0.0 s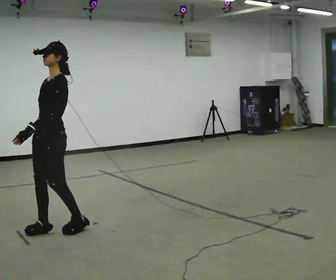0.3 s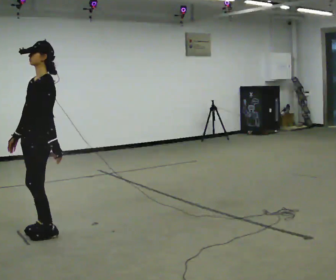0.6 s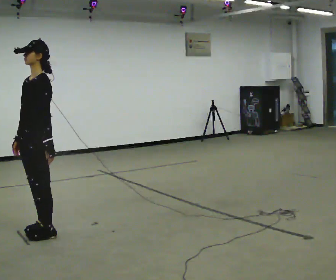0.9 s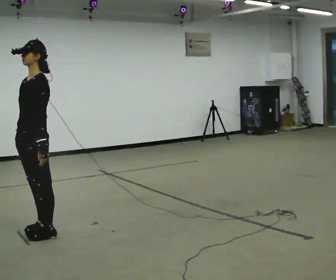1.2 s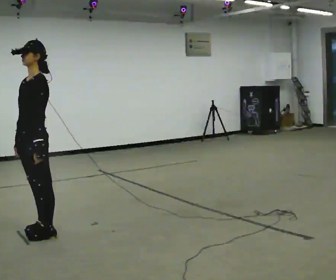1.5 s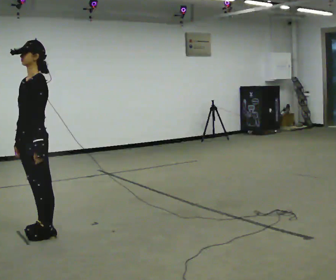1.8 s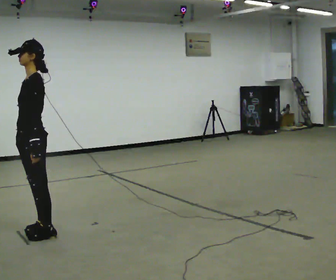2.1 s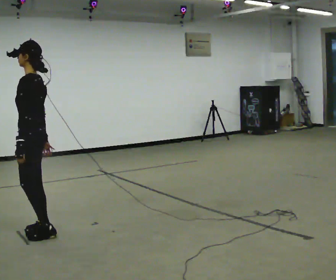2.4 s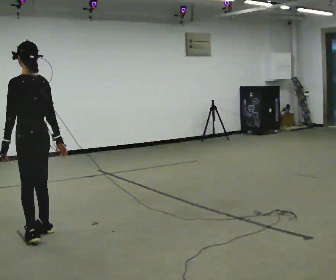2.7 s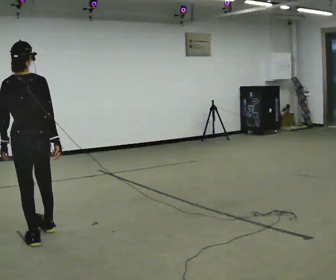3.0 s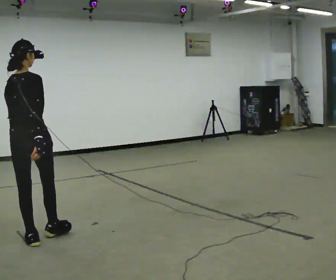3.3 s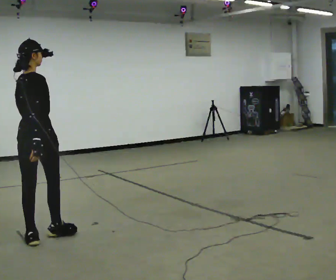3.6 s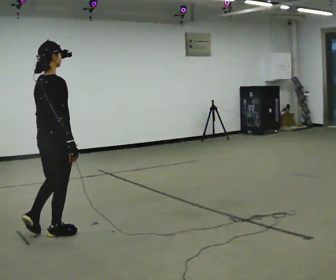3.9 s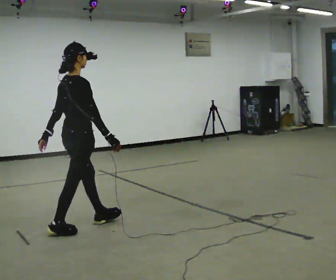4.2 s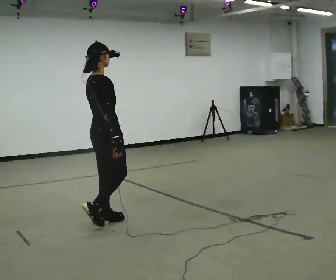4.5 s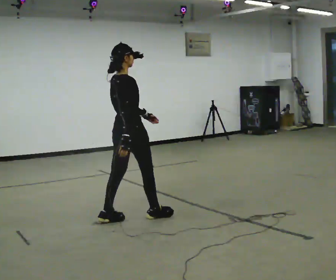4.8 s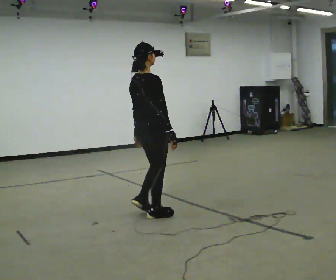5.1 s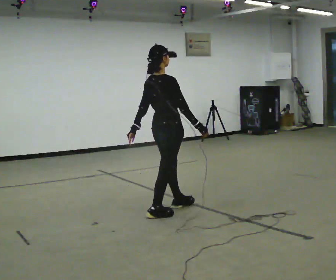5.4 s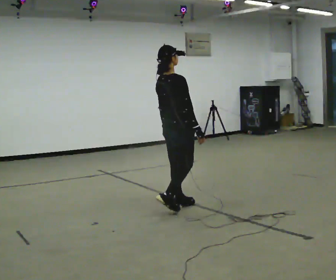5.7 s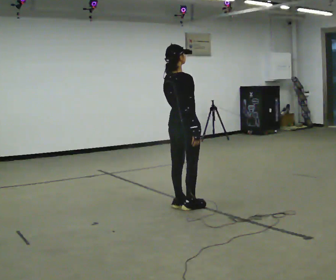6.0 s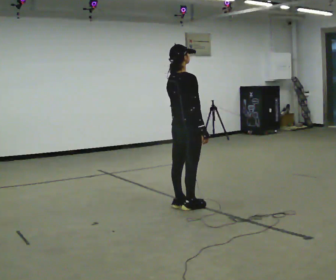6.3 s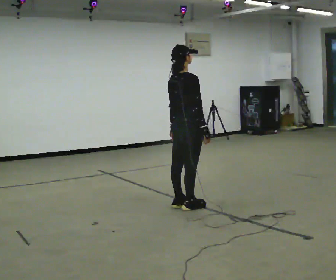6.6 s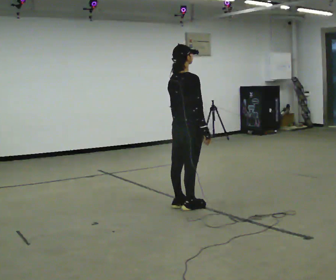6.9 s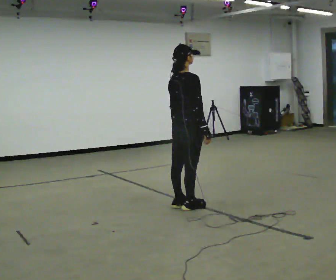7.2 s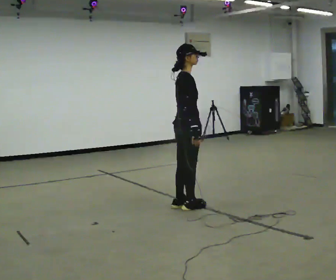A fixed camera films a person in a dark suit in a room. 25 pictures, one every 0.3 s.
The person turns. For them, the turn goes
to their right.
The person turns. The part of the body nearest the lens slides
to the left.
0.0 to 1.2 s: The person moves a little, or ends about where they began.
1.2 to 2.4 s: The person turns about 75 degrees to their right, clockwise seen from above, so the part of the body nearest the lens slides to the left. In the picture their right hand goes to the right.
2.4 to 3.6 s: Seen from above the body turns clockwise, about 90 degrees: to their right, with its near side sliding to the left. In the picture they go to the right, about 0.25 m in 1 step.
3.6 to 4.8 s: In the picture they go to the right and away from the camera, about 1 m in 2 steps, which for them is forward.
4.8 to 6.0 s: In the picture they go to the right and away from the camera, about 0.5 m in 2 steps, which for them is forward.
6.0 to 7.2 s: The person turns about 30 degrees to their right, clockwise seen from above, so the part of the body nearest the lens slides to the left.
The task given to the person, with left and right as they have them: Walk straight; turn 90° left/right while continuing to walk; continue.
The film runs forward here.
